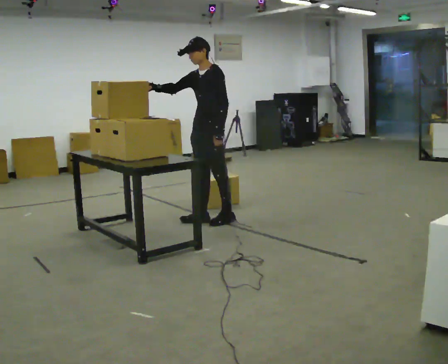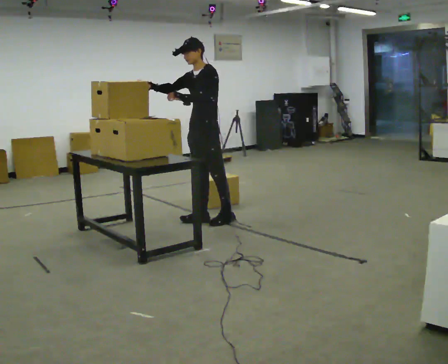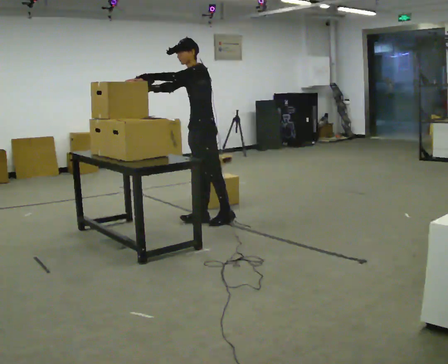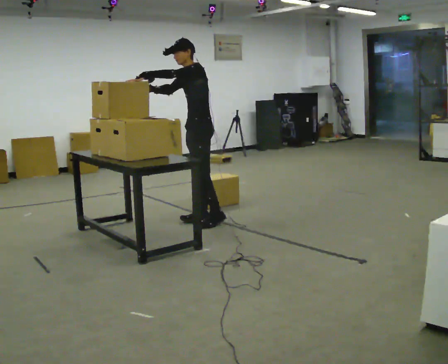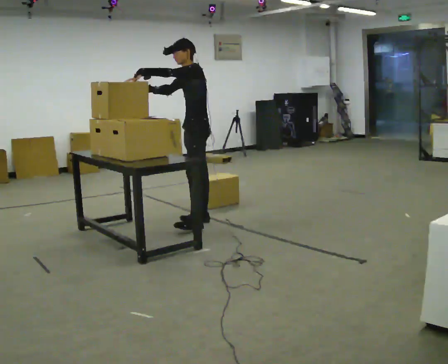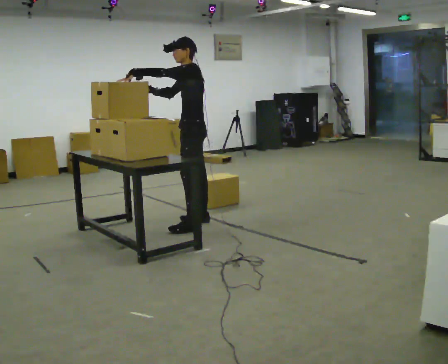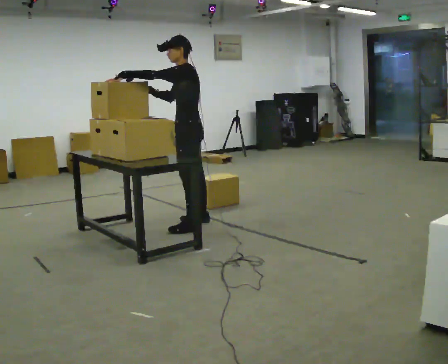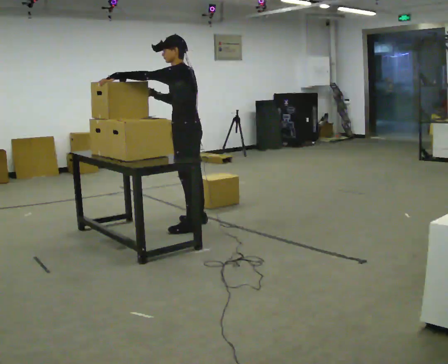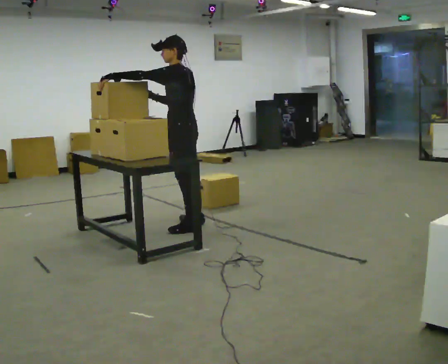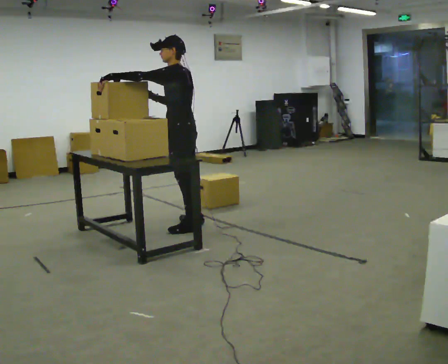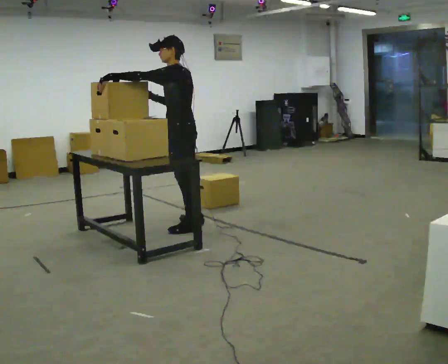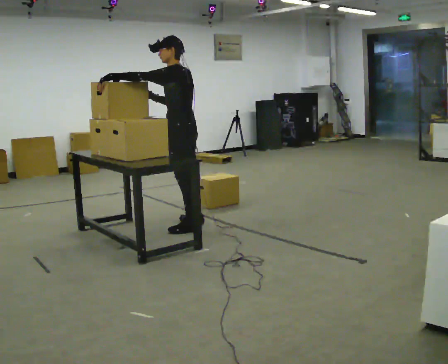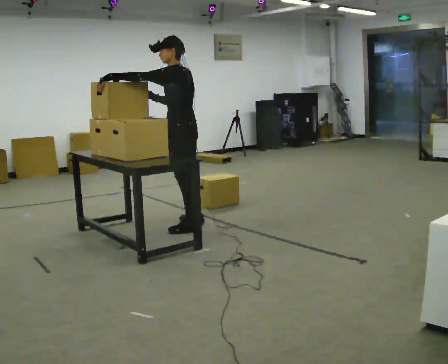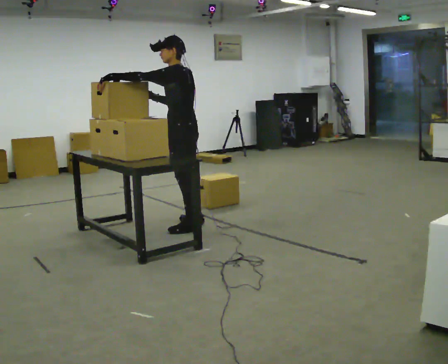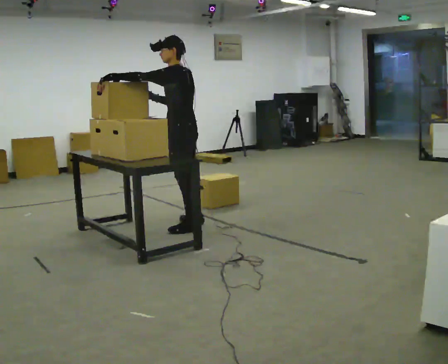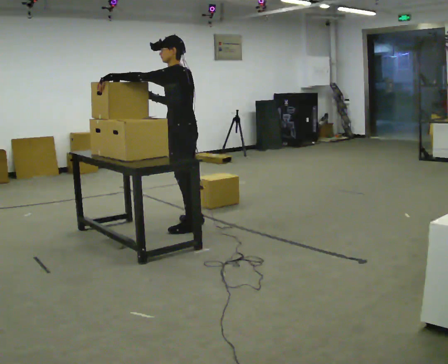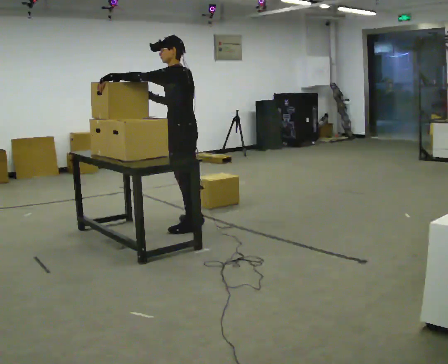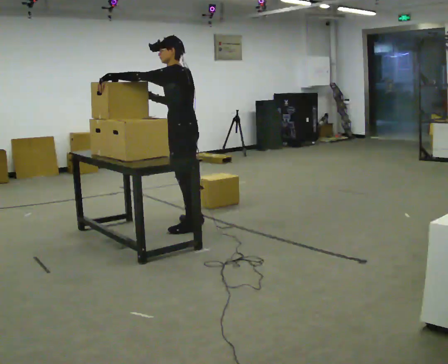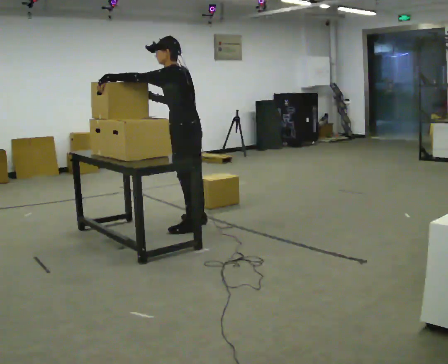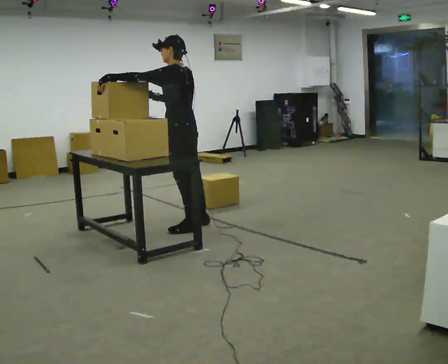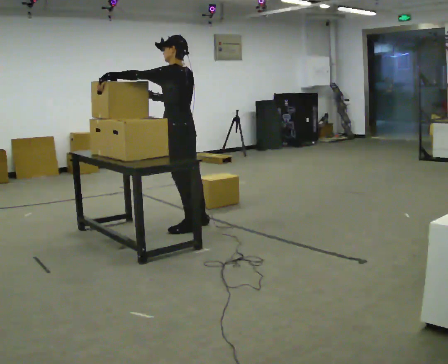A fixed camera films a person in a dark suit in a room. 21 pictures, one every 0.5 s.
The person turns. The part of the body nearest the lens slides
to the left.
Their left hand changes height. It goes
upward.
0.0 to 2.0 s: In the picture their left hand goes to the left and upward.
2.0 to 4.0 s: Seen from above the body turns clockwise, about 30 degrees: to their right, with its near side sliding to the left. In the picture they go toward the camera, about 0.25 m, which for them is to their left.
4.0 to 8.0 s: The person keeps their place and pose.
8.0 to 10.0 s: The person moves a little, or ends about where they began.
The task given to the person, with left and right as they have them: Carry the fragile object across the room and set it down as gently as you can. Keep going until the operator says stop; one object at a time, and do not rush between trips.
The film runs forward here.
